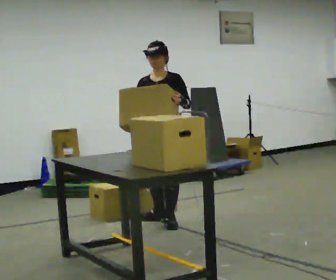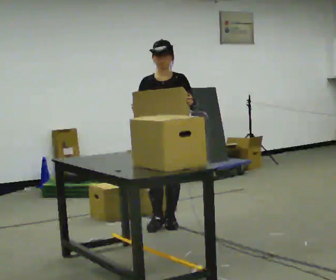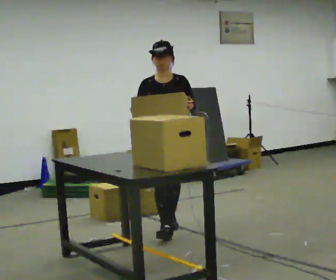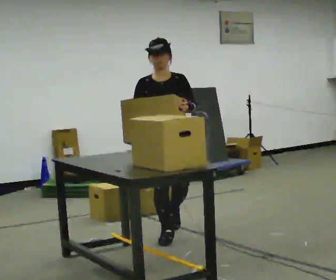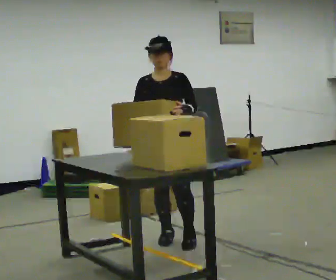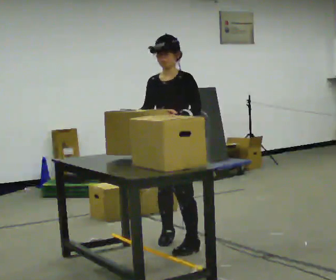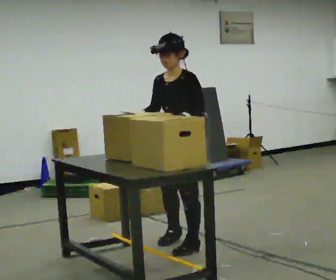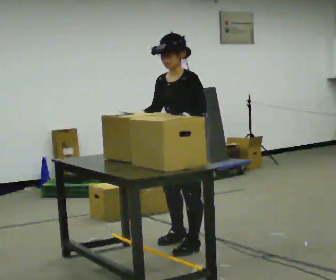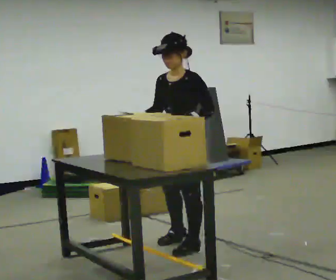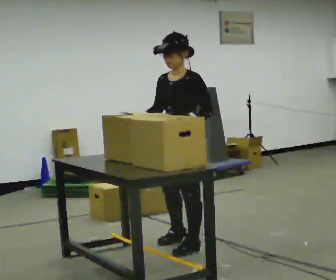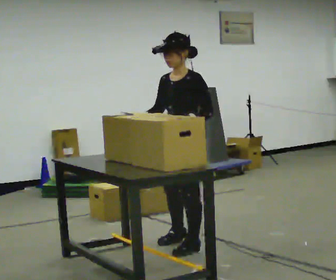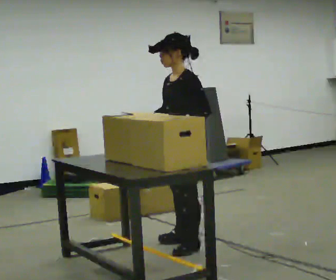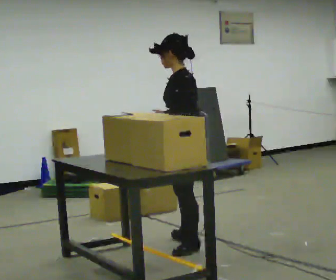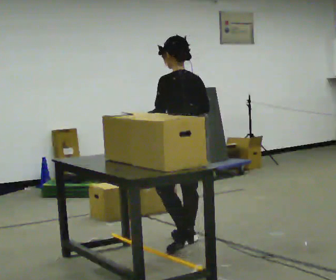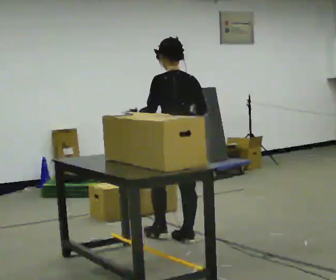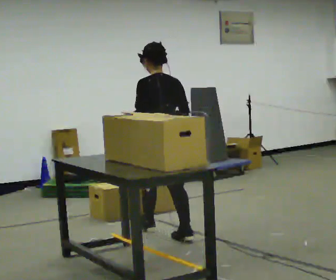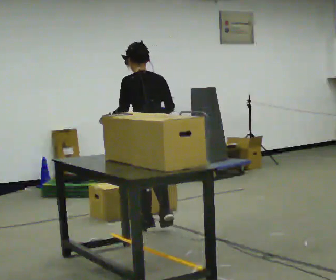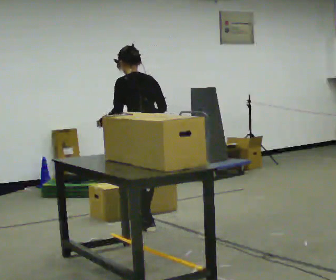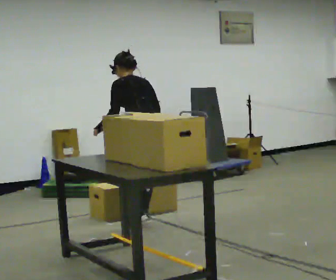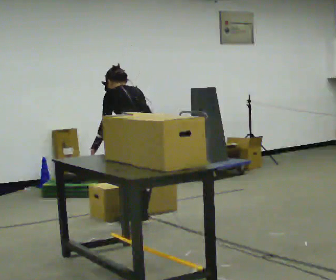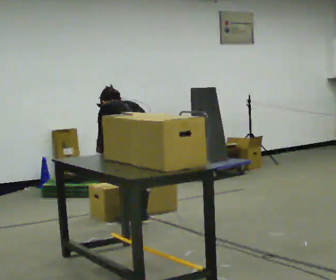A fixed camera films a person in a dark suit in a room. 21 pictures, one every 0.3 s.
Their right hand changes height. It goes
downward.
0.0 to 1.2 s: In the picture they go toward the camera, about 0.5 m in 1 step, which for them is forward.
1.2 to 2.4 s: The person turns about 30 degrees to their right, clockwise seen from above, so the part of the body nearest the lens slides to the left. In the picture they go toward the camera, about 0.25 m in 1 step, which for them is to their left.
2.4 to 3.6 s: The person turns about 60 degrees to their right, clockwise seen from above, so the part of the body nearest the lens slides to the left.
3.6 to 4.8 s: The part of the body nearest the lens slides to the left as the person turns to their right by about 45 degrees. In the picture they go away from the camera and to the left, about 0.5 m in 1 step, which for them is forward.
4.8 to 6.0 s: In the picture they go away from the camera, about 0.25 m in 2 steps, which for them is forward. The shoulders move downward. The upper body tips away from the camera, its near side rolling upward, as they bend forward. In the picture their left hand goes downward.
The film runs forward here.
